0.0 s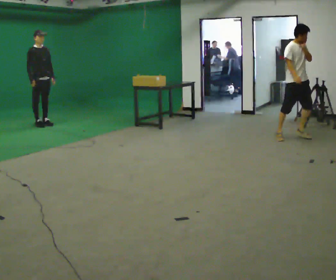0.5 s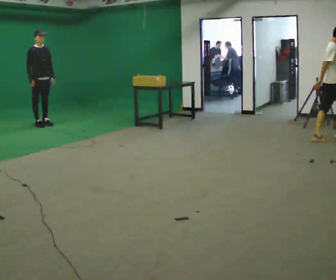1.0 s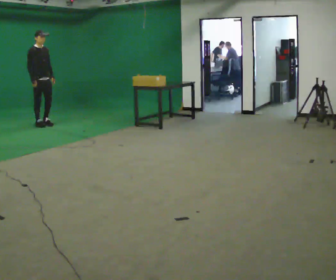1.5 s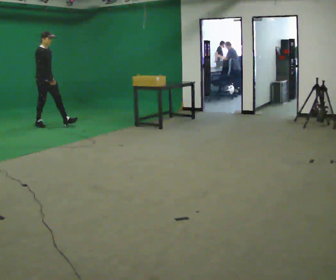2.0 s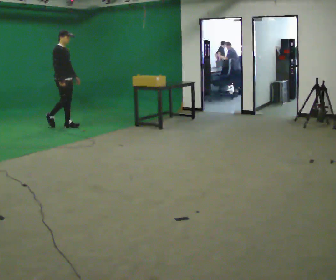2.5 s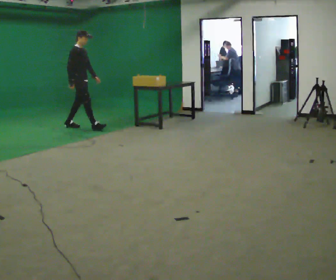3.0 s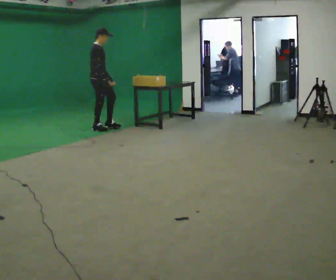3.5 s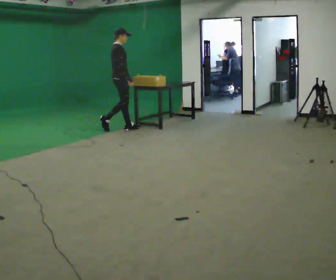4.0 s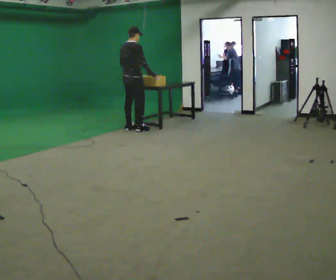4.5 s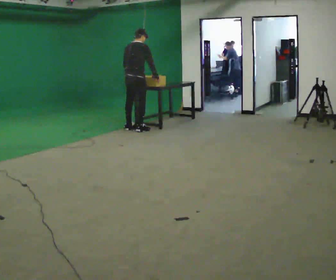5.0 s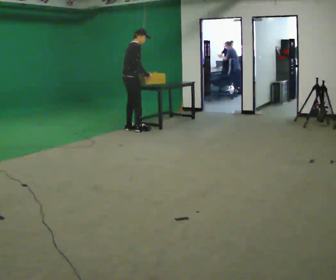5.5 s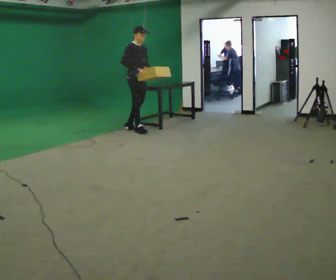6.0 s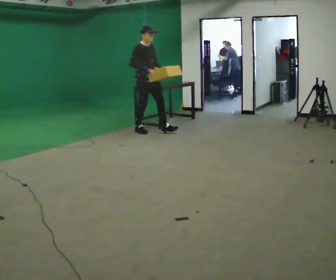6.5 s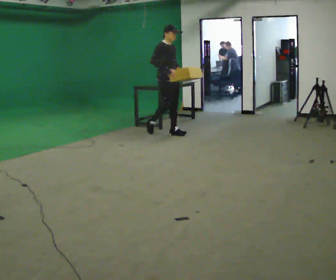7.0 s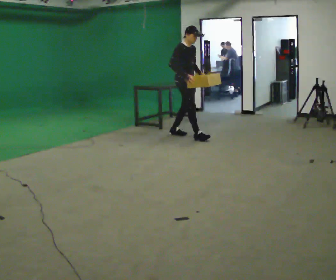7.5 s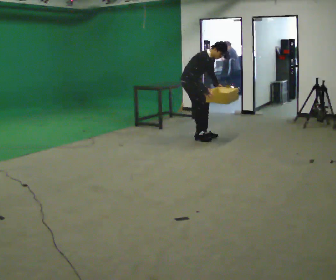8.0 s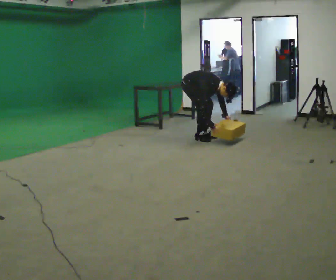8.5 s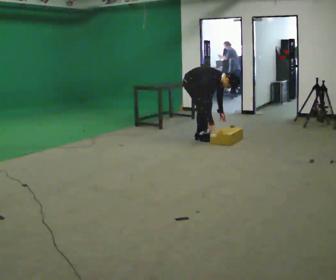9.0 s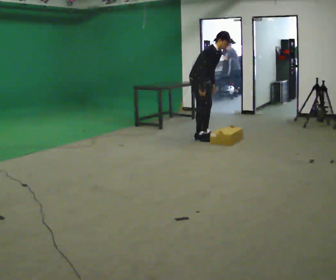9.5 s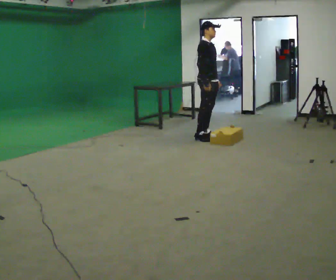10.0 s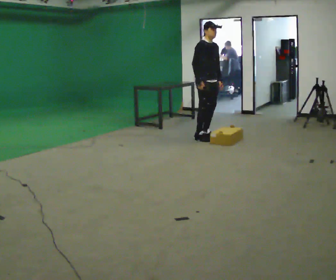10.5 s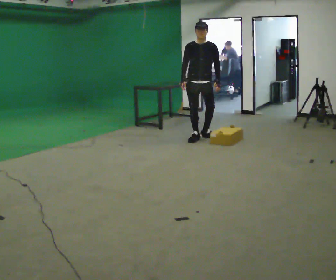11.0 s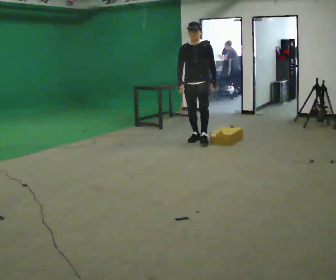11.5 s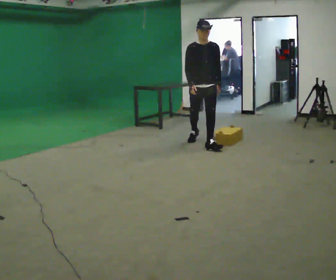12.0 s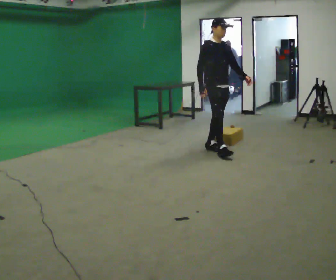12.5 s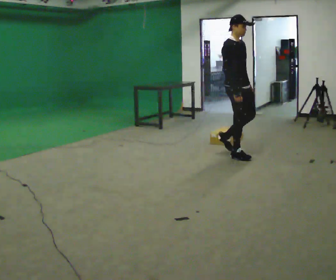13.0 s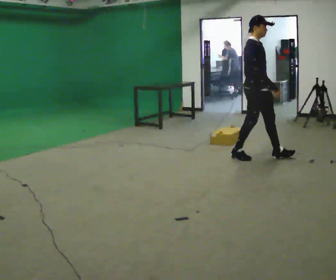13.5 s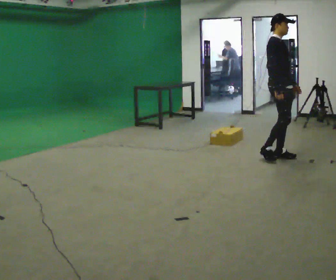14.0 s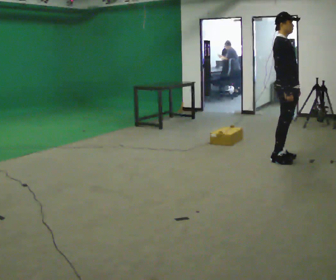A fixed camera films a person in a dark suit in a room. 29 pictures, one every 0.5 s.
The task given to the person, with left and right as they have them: Walk quickly but do not run; remain comfortable and controlled; stop.
0.0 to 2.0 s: Seen from above the body turns counterclockwise, about 30 degrees: to their left, with its near side sliding to the right. In the picture they go to the right, about 0.5 m in 1 step, which for them is forward.
2.0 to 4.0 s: The part of the body nearest the lens slides to the right as the person turns to their left by about 60 degrees. In the picture they go to the right, about 1.5 m in 3 steps.
4.0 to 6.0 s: The person turns about 90 degrees to their right, clockwise seen from above, so the part of the body nearest the lens slides to the left. In the picture they go to the right and toward the camera, about 0.25 m.
6.0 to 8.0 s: In the picture they go to the right and toward the camera, about 1 m in 3 steps, which for them is forward. The upper body goes downward. In the picture the upper body tilts clockwise, shoulders to the right, as they bend forward. In the picture their right hand goes downward.
8.0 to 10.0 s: In the picture they go to the right, about 0.25 m, which for them is forward. The upper body goes upward. In the picture the upper body tilts counterclockwise, shoulders to the left, as they lean back or straighten. In the picture their left hand goes upward.
10.0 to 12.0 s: In the picture they go toward the camera, about 1 m in 1 step, which for them is forward.
12.0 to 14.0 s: In the picture they go to the right and toward the camera, about 1 m in 3 steps, which for them is forward.
The film runs forward here.
